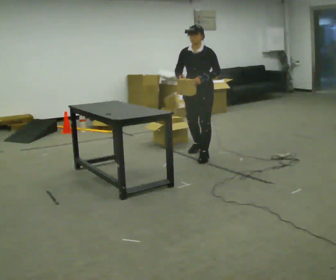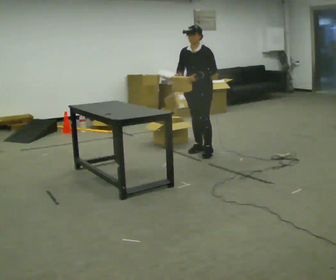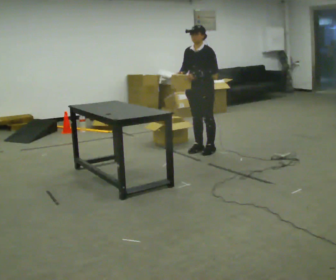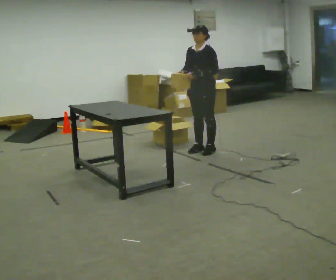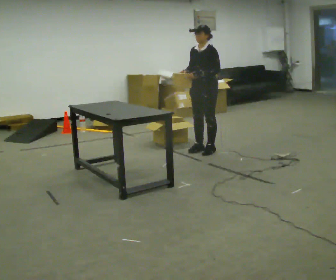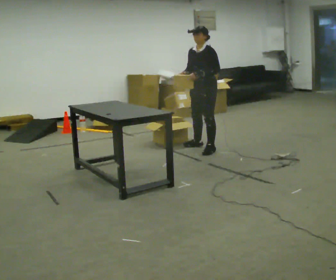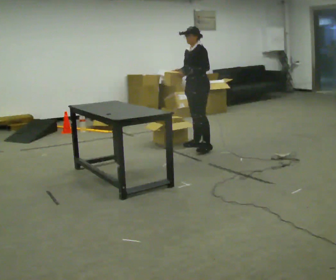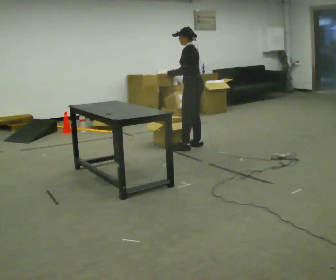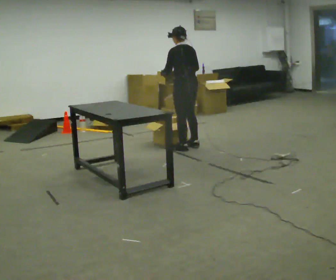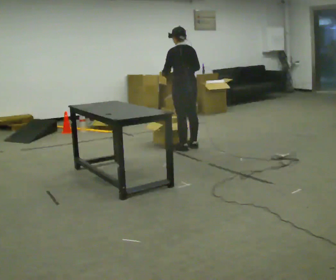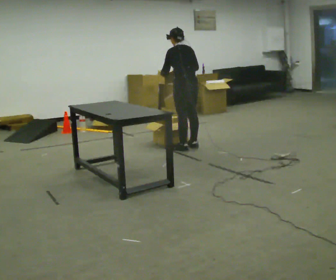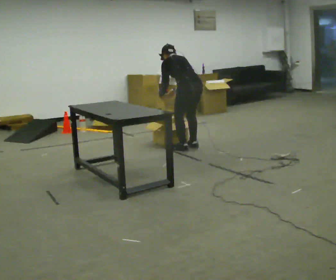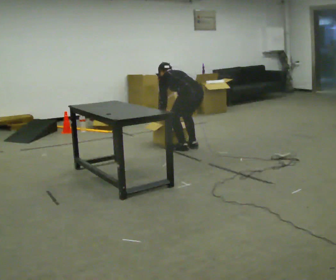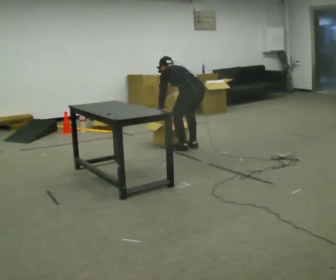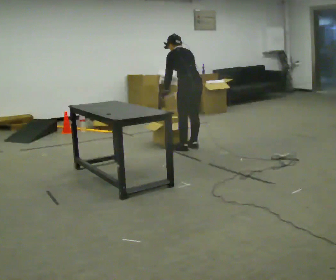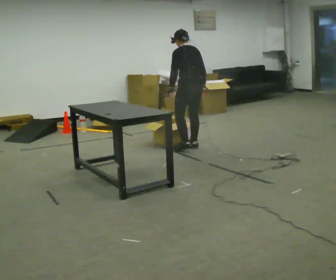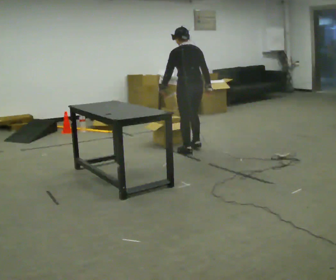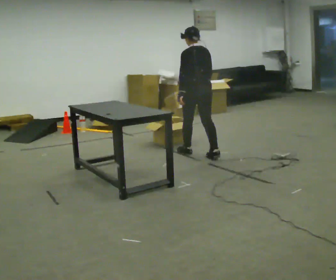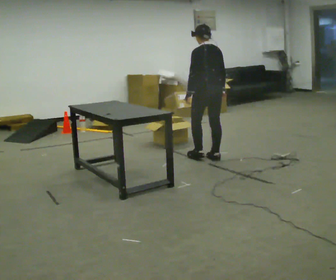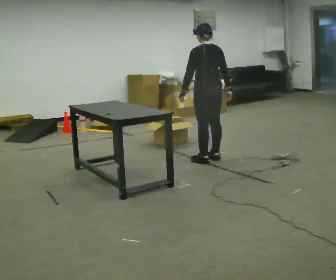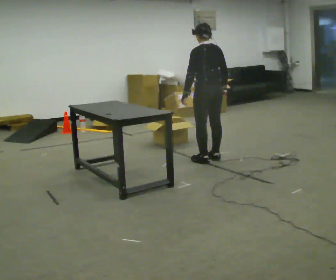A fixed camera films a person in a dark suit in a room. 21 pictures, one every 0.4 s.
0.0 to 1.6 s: In the picture they go away from the camera, about 0.25 m in 2 steps, which for them is backward.
1.6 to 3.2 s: The part of the body nearest the lens slides to the left as the person turns to their right by about 90 degrees. In the picture they go to the left and away from the camera, about 0.25 m in 1 step.
3.2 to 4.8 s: The shoulders move downward. The upper body tips away from the camera, its near side rolling upward, as they bend forward. In the picture their left hand goes downward.
4.8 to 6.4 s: The shoulders move upward. The upper body tips toward the camera, its near side rolling downward, as they lean back or straighten. In the picture their right hand goes to the right and upward.
6.4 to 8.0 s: In the picture they go toward the camera and to the right, about 0.5 m in 1 step, which for them is backward.
The film runs backward here.
